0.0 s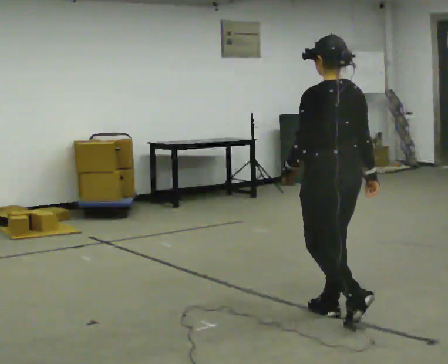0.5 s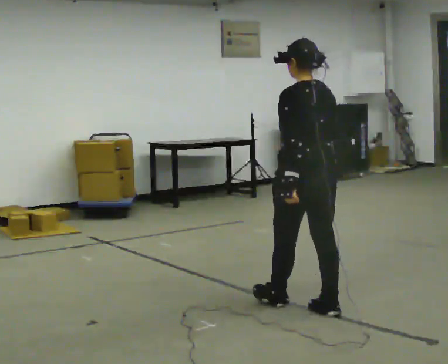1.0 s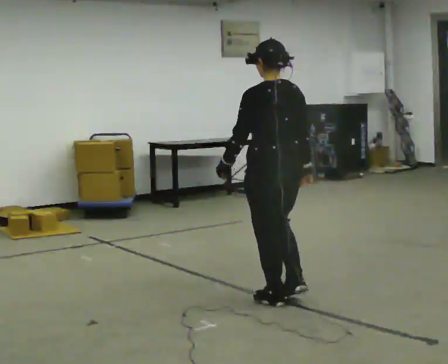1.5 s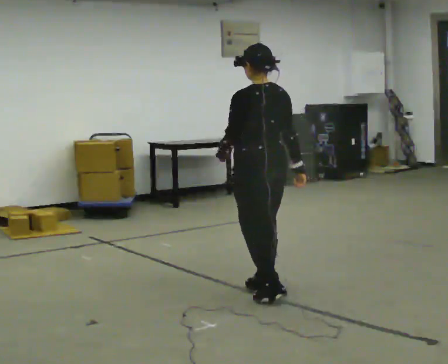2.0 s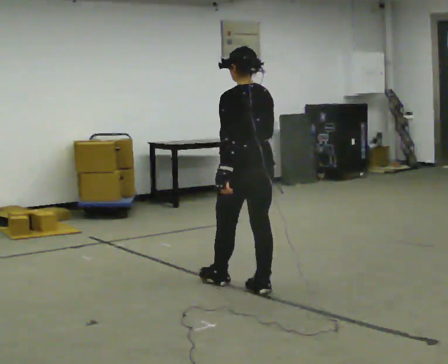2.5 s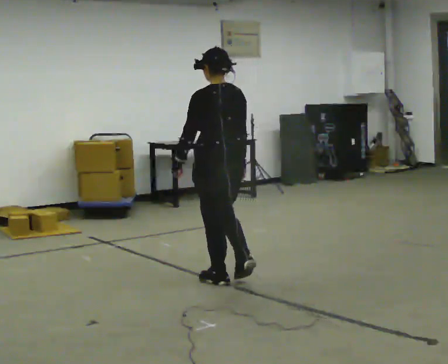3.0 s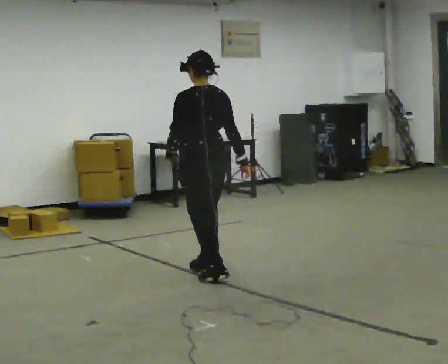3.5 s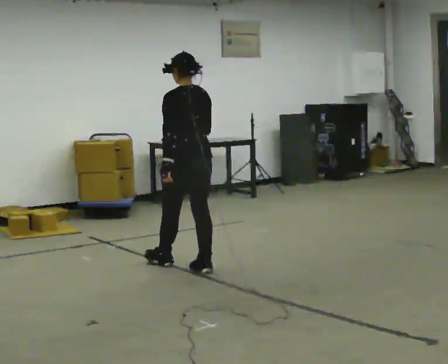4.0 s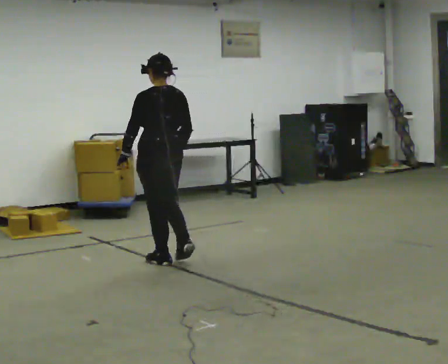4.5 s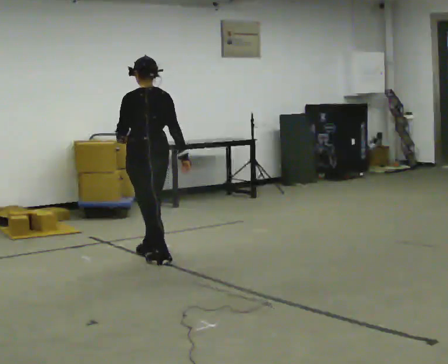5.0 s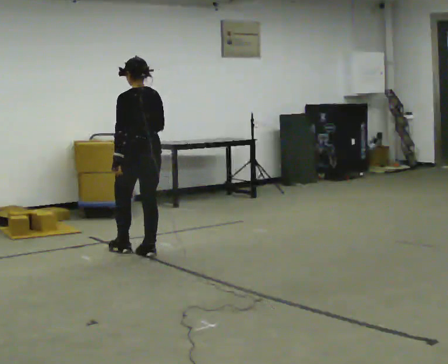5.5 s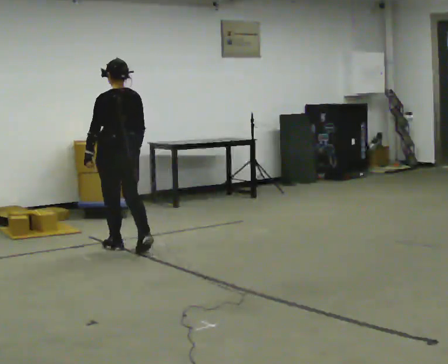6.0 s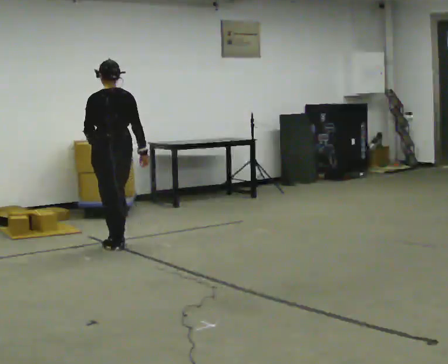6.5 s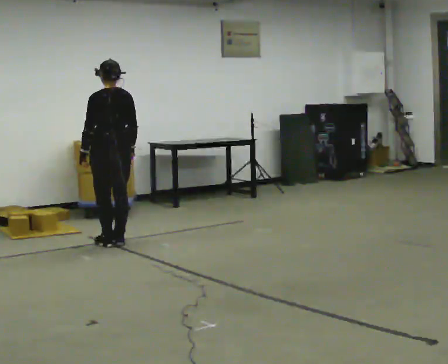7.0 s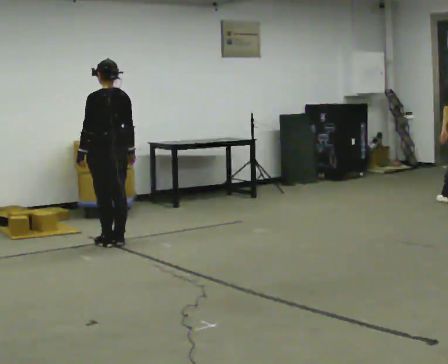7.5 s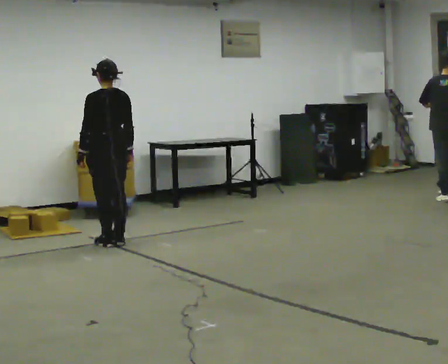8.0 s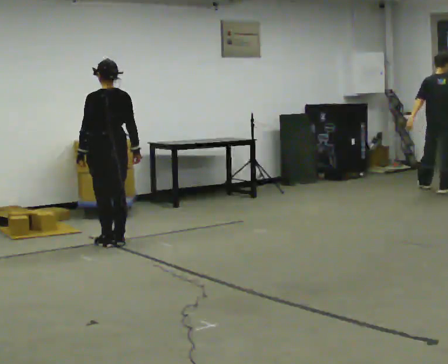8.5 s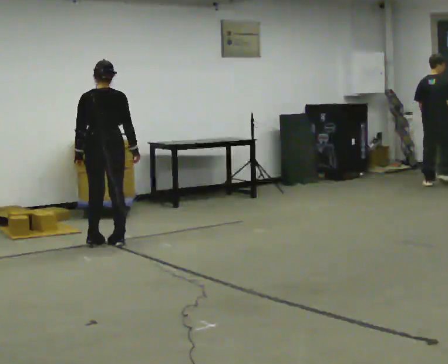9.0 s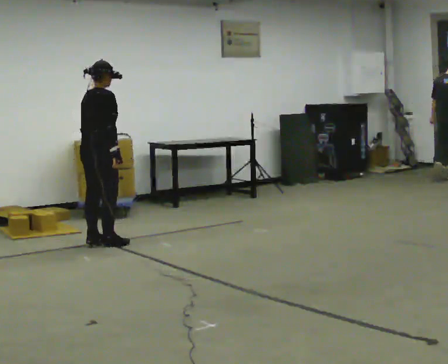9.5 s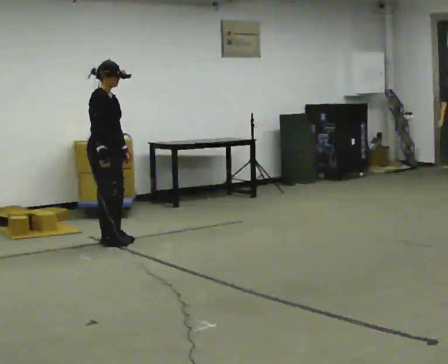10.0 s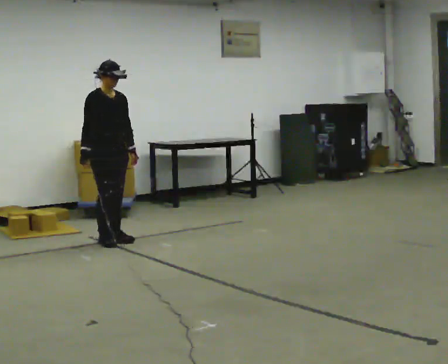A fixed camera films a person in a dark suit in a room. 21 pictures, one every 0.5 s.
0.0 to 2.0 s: In the picture they go away from the camera and to the left, about 1 m in 2 steps, which for them is forward.
2.0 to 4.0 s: In the picture they go away from the camera and to the left, about 1 m in 3 steps, which for them is forward.
4.0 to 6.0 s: In the picture they go away from the camera and to the left, about 1 m in 3 steps, which for them is forward.
6.0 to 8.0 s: The person moves a little, or ends about where they began.
8.0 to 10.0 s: The part of the body nearest the lens slides to the left as the person turns to their right by about 165 degrees. In the picture their right hand goes to the left, the arm swinging clockwise.
The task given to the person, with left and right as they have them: Walk forward noticeably slower than normal; do not shuffle; stop.
The film runs forward here.
